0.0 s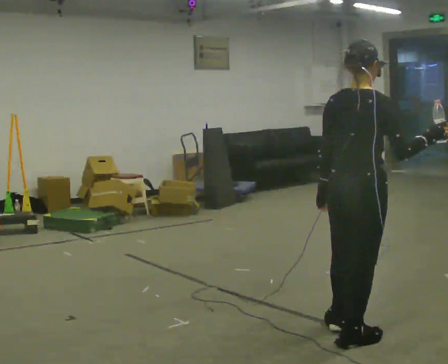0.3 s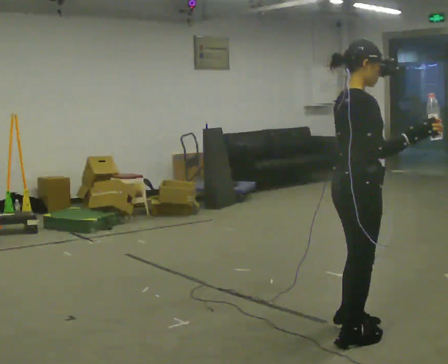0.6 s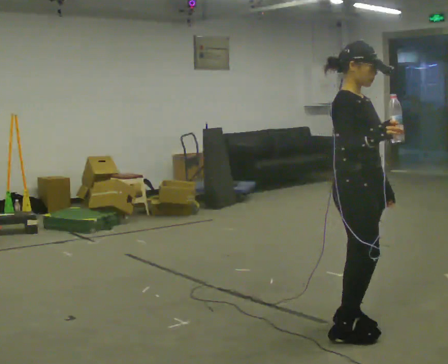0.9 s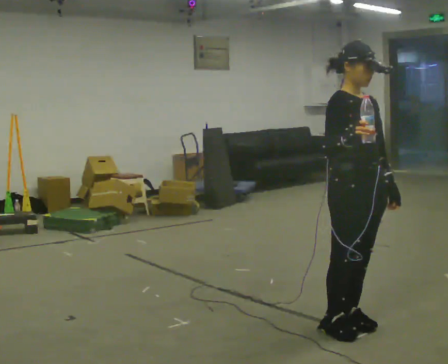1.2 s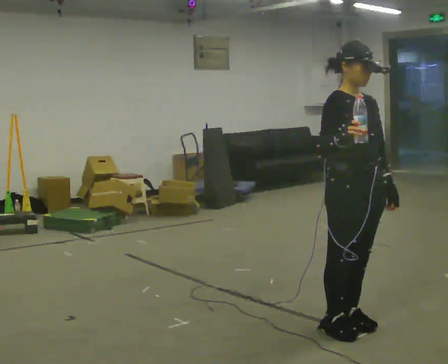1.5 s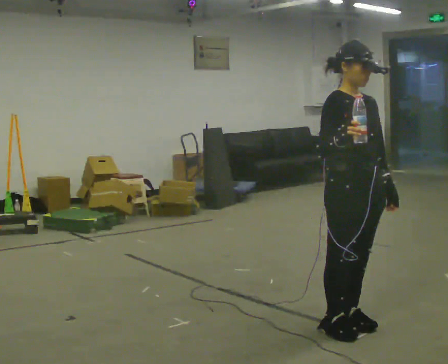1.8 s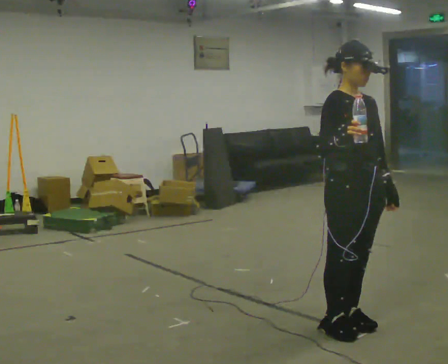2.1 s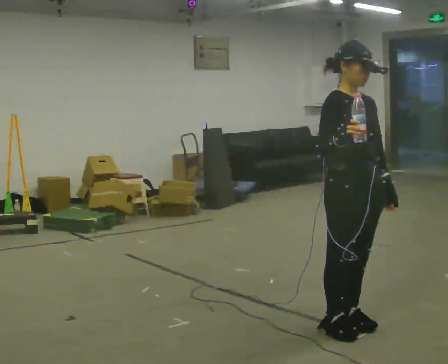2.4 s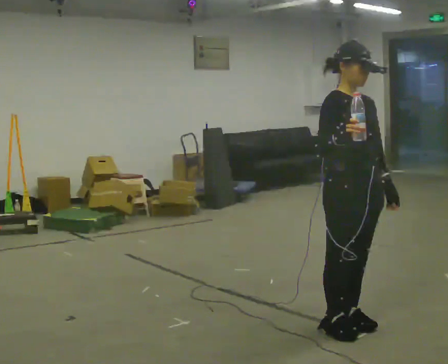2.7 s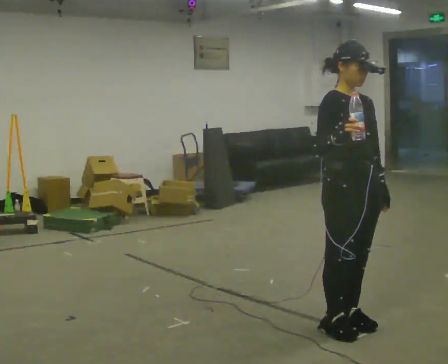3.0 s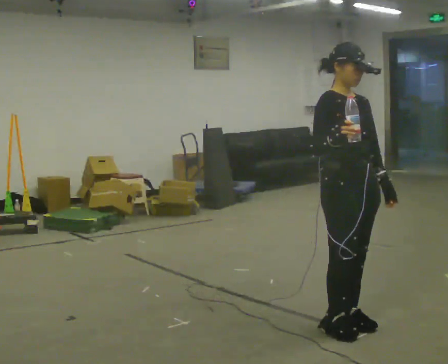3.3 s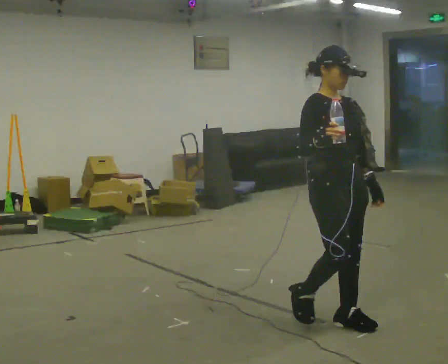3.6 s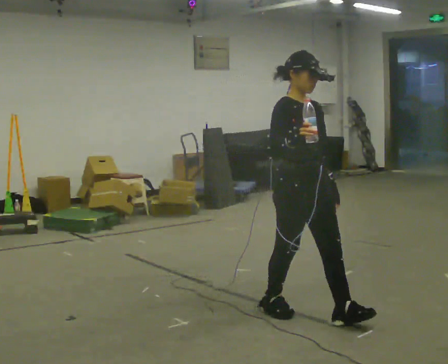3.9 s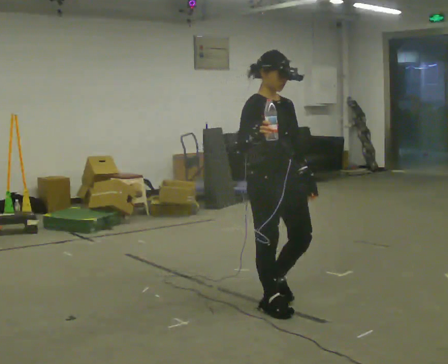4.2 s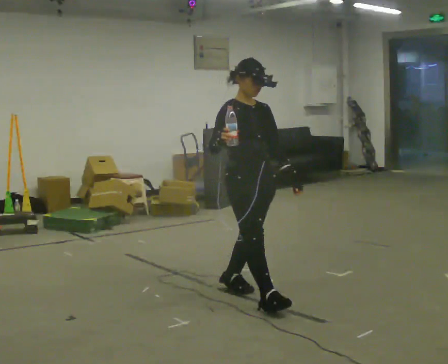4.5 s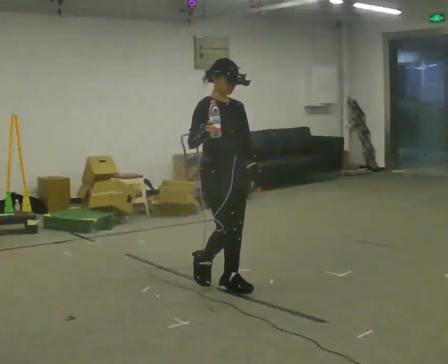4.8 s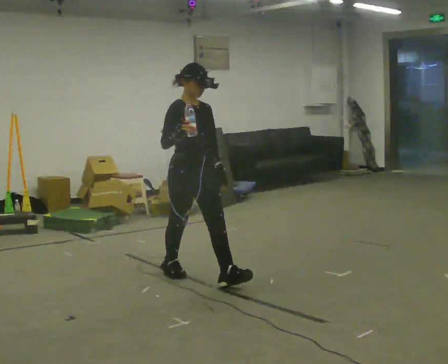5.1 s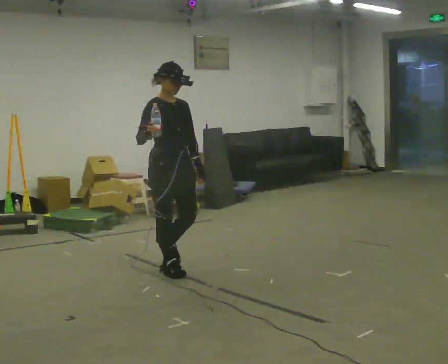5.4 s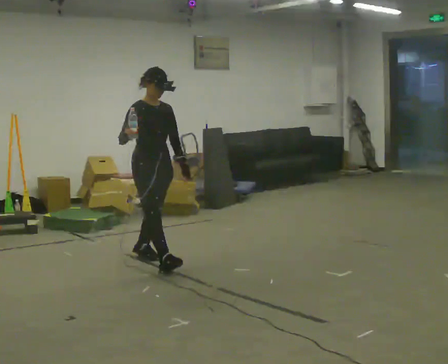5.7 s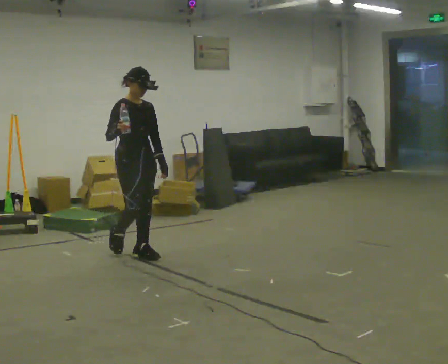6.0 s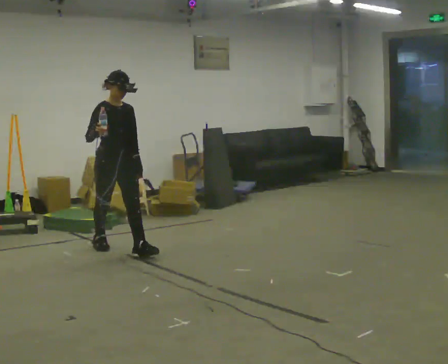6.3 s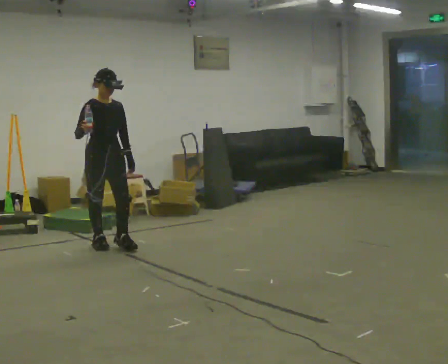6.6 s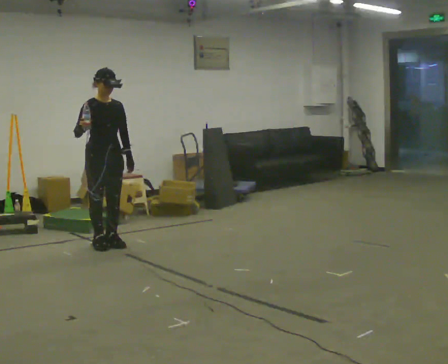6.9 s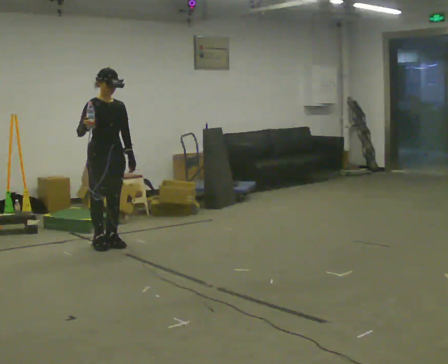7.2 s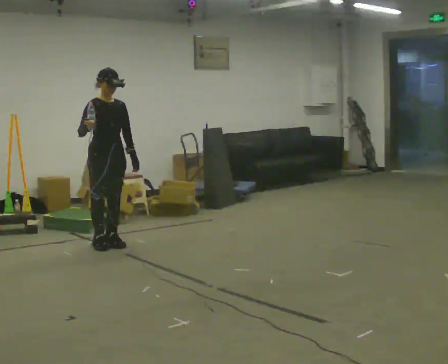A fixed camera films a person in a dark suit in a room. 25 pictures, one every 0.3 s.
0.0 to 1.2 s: The part of the body nearest the lens slides to the left as the person turns to their right by about 105 degrees. In the picture their right hand goes to the left.
1.2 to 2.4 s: The person keeps their place and pose.
2.4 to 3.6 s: In the picture they go away from the camera and to the left, about 0.25 m in 1 step, which for them is backward.
3.6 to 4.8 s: In the picture they go away from the camera and to the left, about 1 m in 3 steps, which for them is backward.
4.8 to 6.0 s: In the picture they go away from the camera and to the left, about 1 m in 1 step, which for them is backward.
6.0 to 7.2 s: In the picture they go away from the camera and to the left, about 0.25 m in 1 step, which for them is backward.
The film runs backward here.
